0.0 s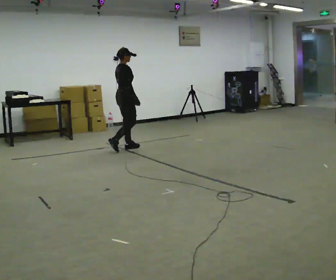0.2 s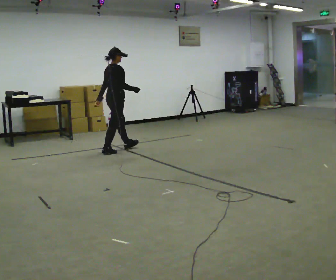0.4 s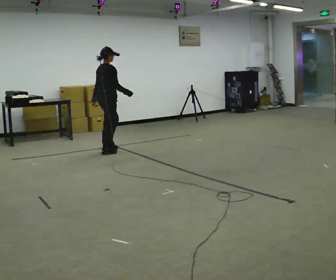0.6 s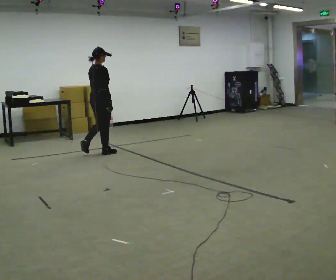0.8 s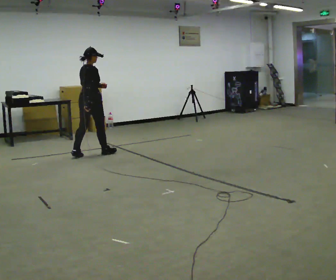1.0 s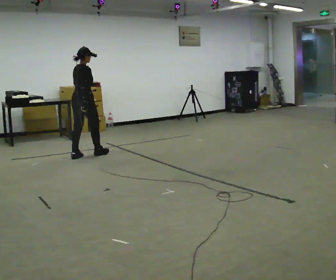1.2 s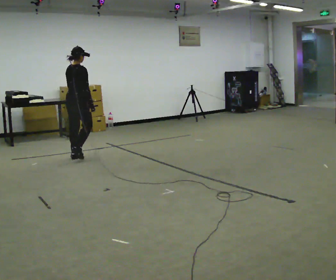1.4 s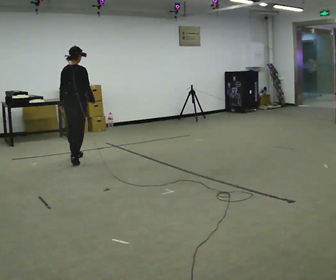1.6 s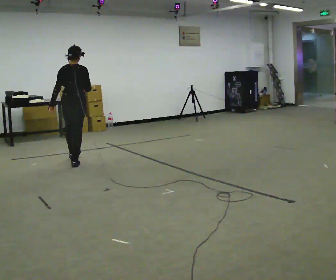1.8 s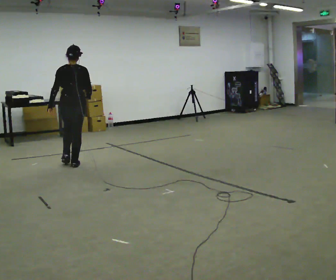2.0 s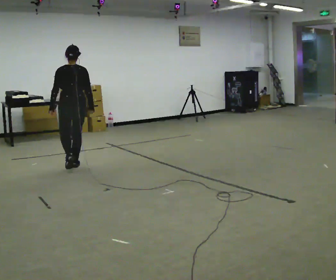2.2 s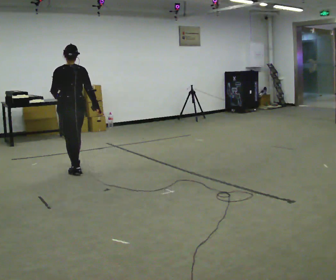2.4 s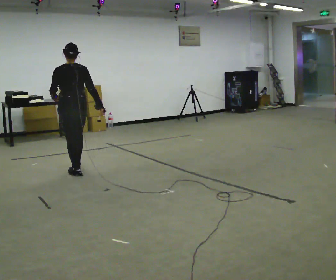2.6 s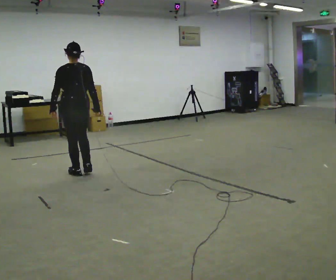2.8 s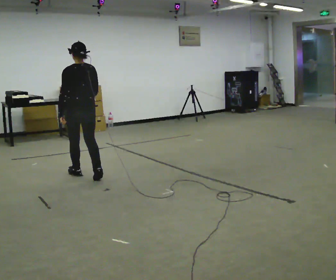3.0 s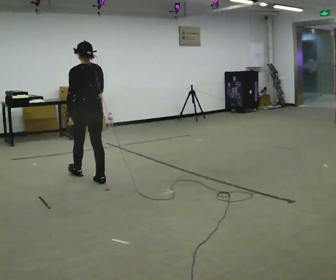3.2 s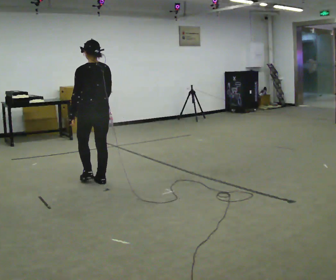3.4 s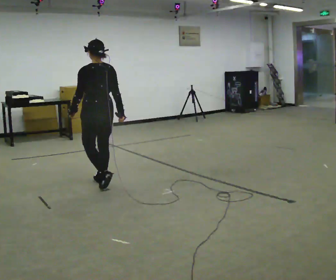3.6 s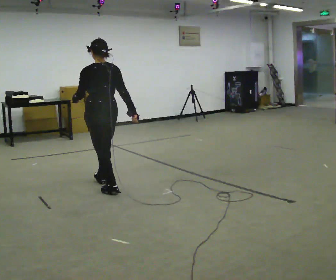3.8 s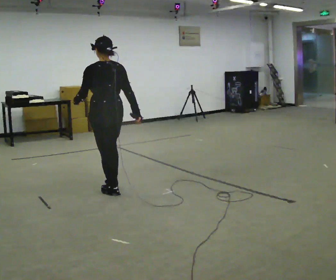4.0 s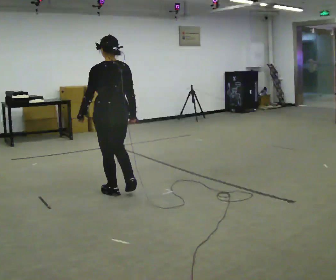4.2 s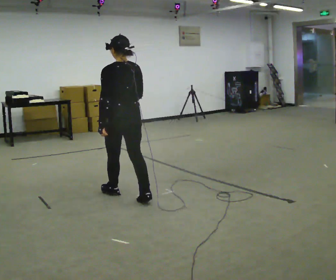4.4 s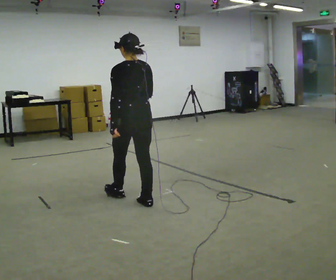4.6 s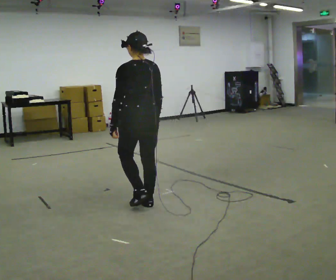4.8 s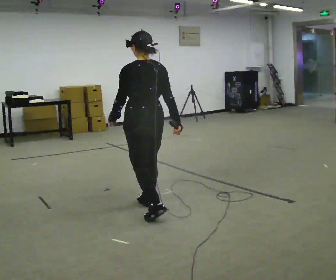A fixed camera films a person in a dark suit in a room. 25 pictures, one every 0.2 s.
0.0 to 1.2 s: The person turns about 30 degrees to their left, counterclockwise seen from above, so the part of the body nearest the lens slides to the right. In the picture they go to the left and toward the camera, about 1 m in 2 steps, which for them is backward.
1.2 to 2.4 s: Seen from above the body turns counterclockwise, about 60 degrees: to their left, with its near side sliding to the right. In the picture they go toward the camera, about 1 m in 2 steps.
2.4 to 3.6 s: In the picture they go toward the camera and to the right, about 0.5 m in 1 step, which for them is backward.
3.6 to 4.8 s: In the picture they go toward the camera and to the right, about 1 m in 2 steps, which for them is backward.
The film runs backward here.
